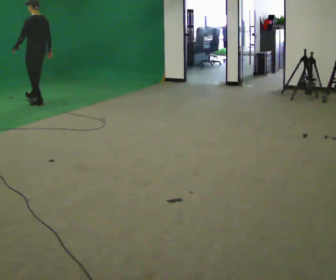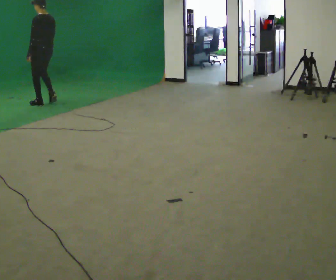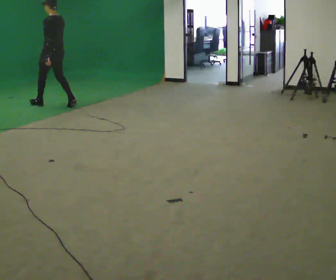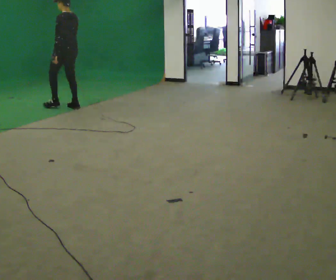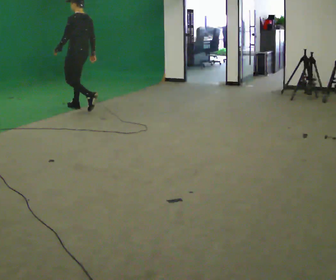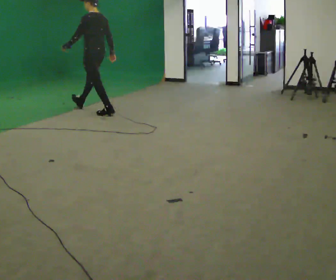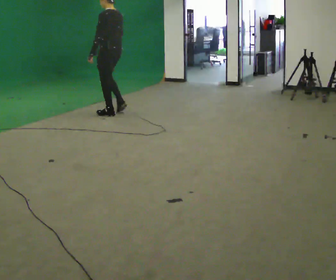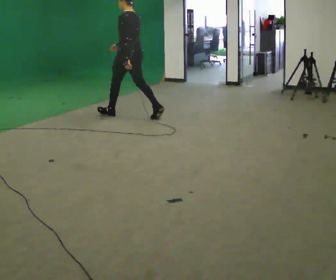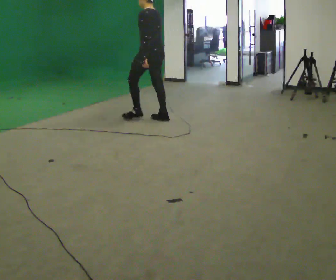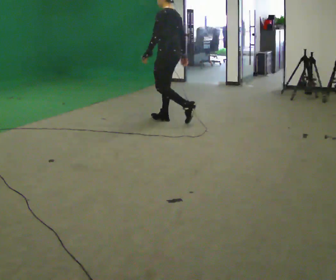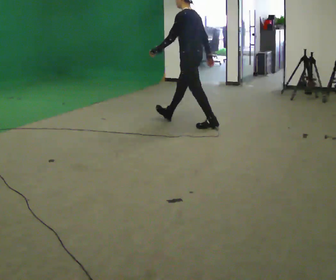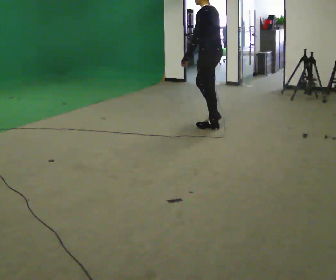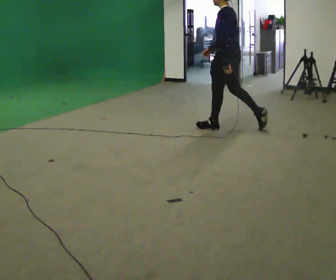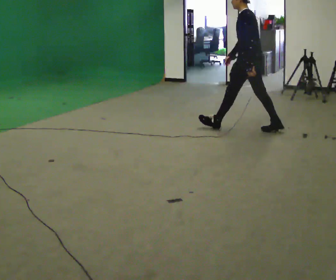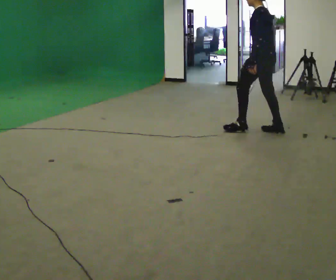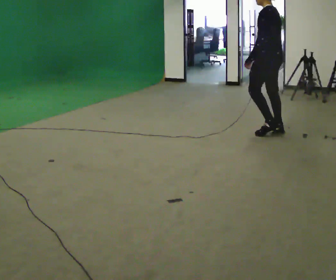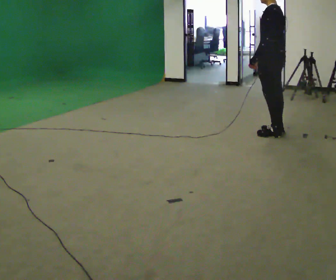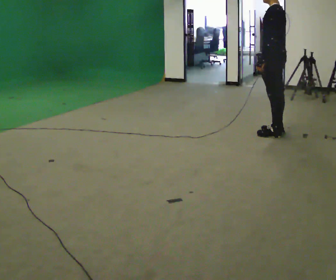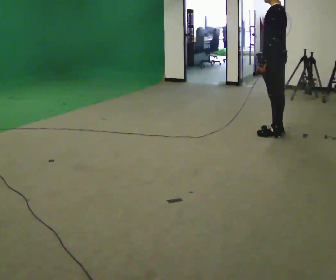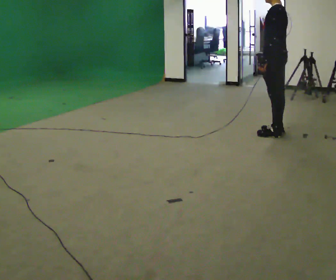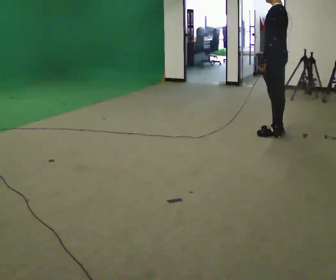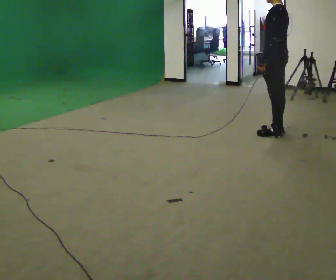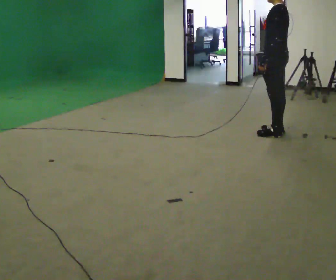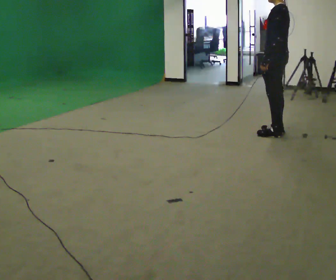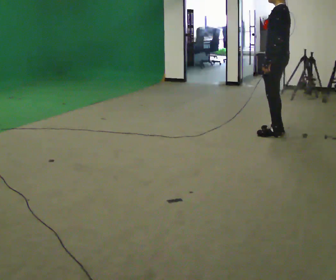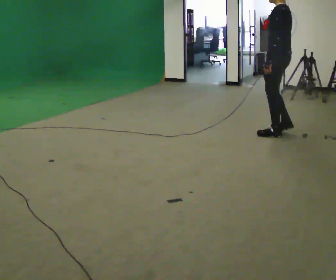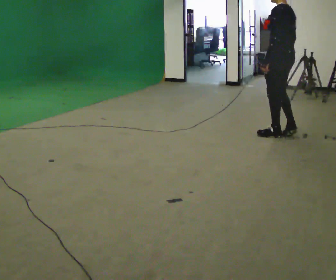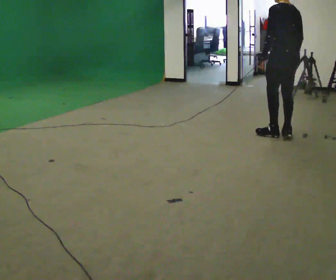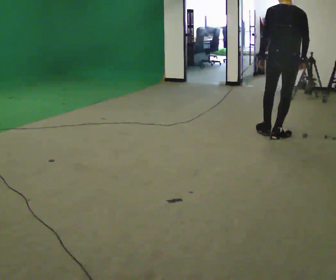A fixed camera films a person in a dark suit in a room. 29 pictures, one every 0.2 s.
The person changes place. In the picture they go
to the right.
0.0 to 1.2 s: In the picture they go to the right, about 1.5 m in 2 steps, which for them is backward.
1.2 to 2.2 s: In the picture they go to the right, about 1.5 m in 2 steps, which for them is backward.
2.2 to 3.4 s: In the picture they go to the right, about 1 m in 1 step, which for them is backward.
3.4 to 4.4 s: The person moves a little, or ends about where they began.
4.4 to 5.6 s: The part of the body nearest the lens slides to the left as the person turns to their right by about 60 degrees.
The film runs backward here.
